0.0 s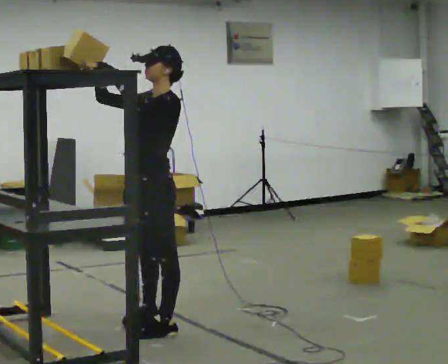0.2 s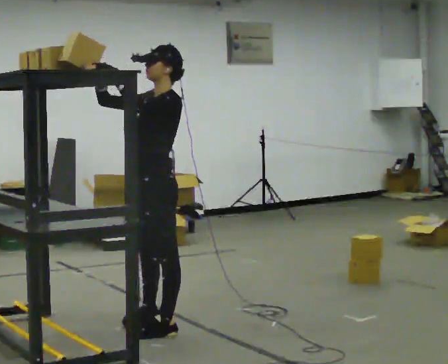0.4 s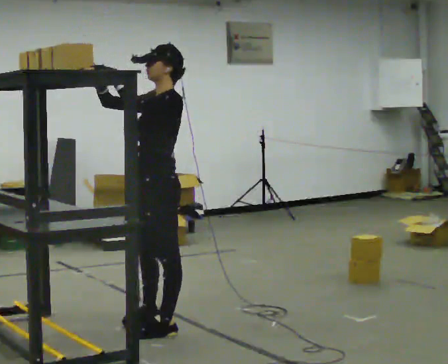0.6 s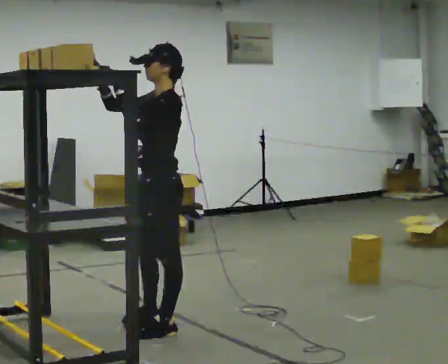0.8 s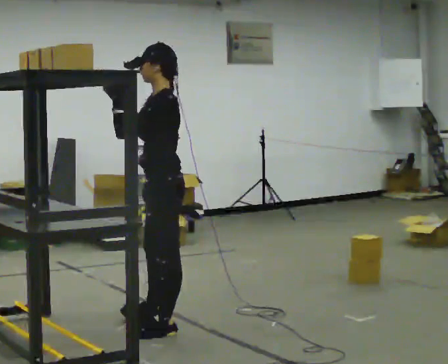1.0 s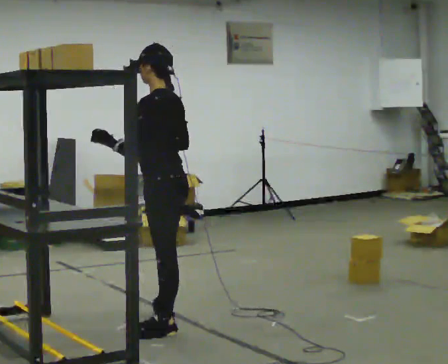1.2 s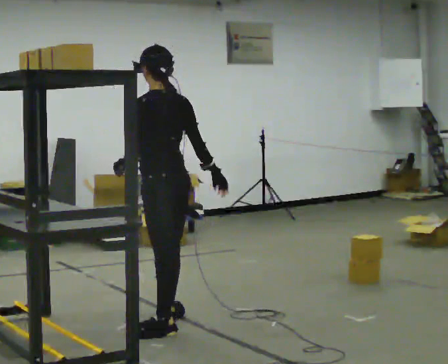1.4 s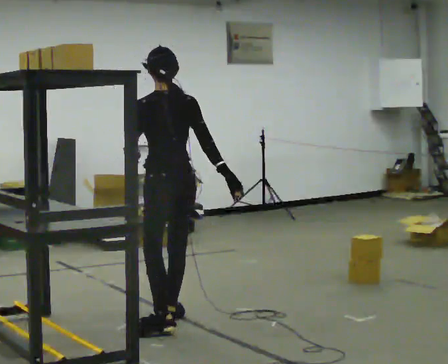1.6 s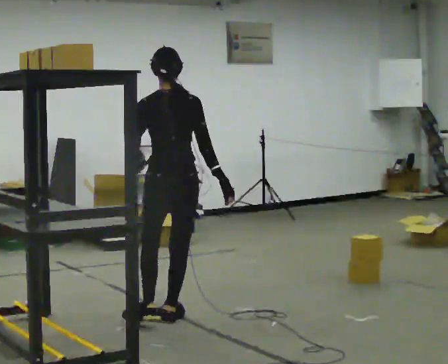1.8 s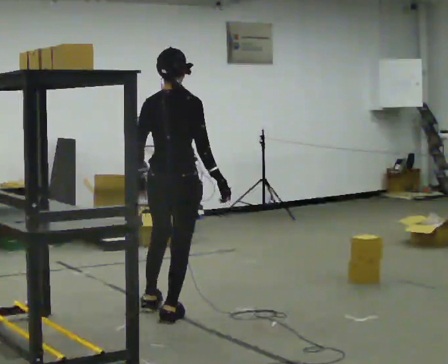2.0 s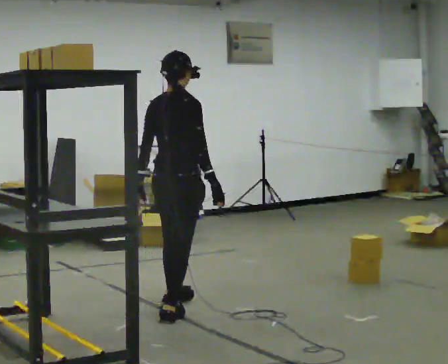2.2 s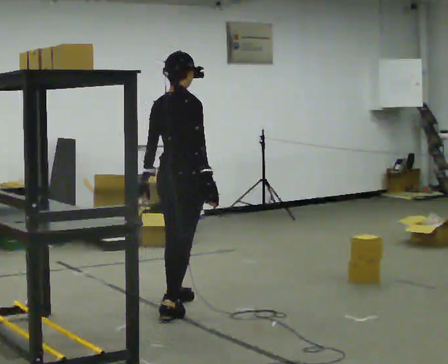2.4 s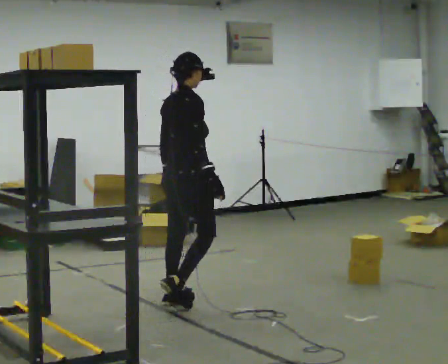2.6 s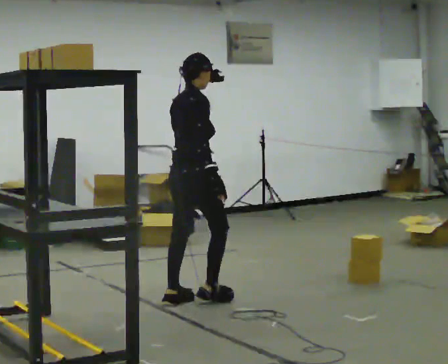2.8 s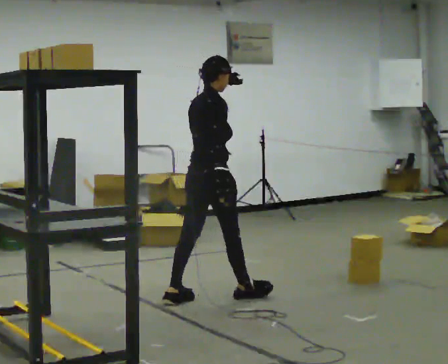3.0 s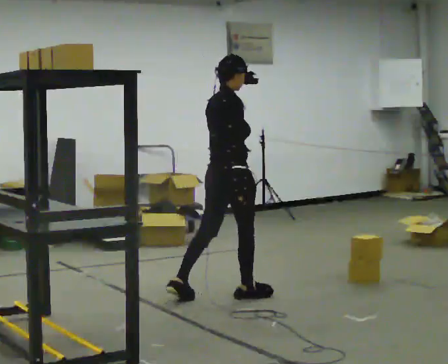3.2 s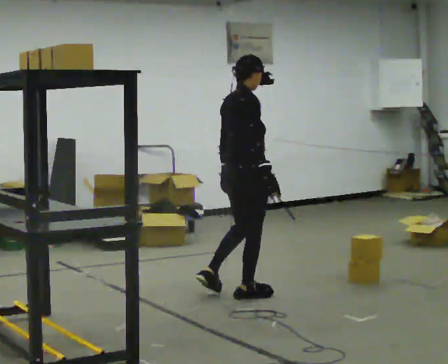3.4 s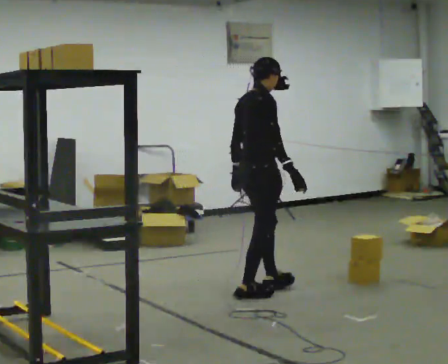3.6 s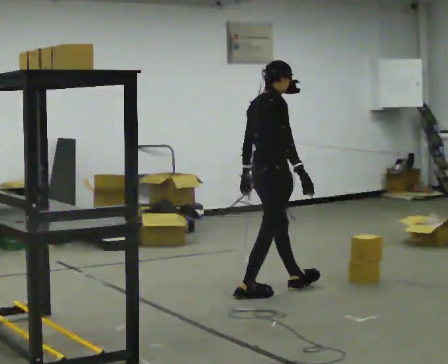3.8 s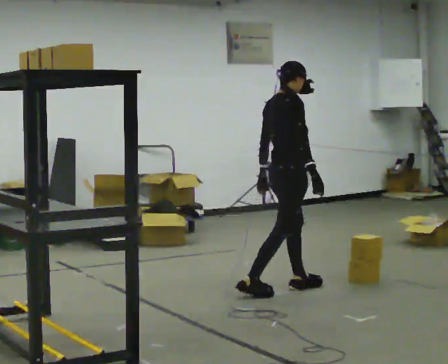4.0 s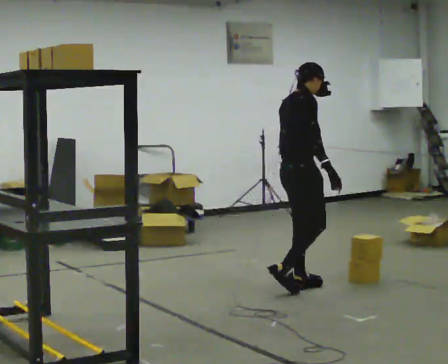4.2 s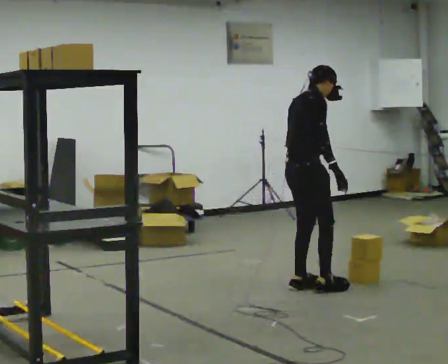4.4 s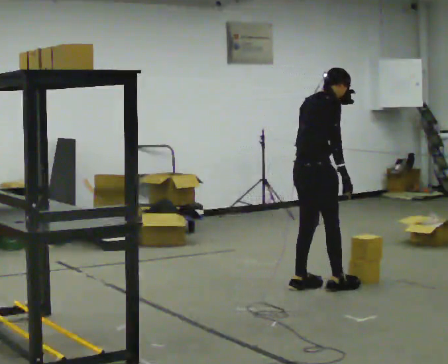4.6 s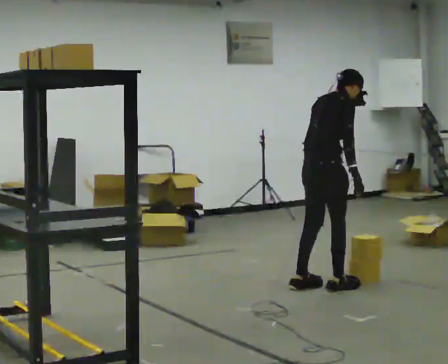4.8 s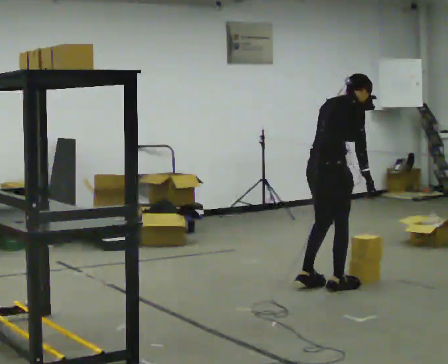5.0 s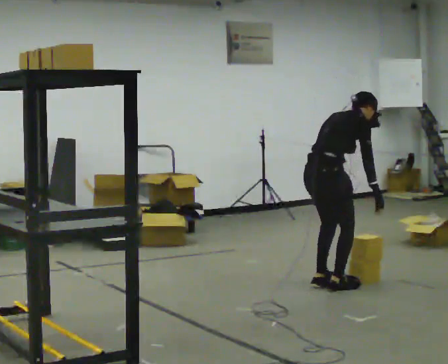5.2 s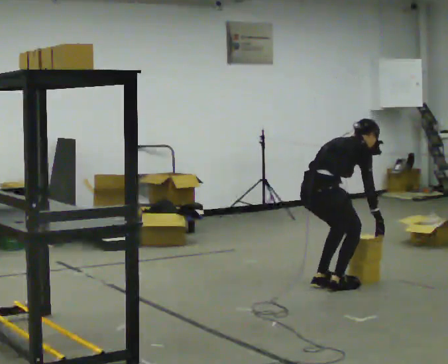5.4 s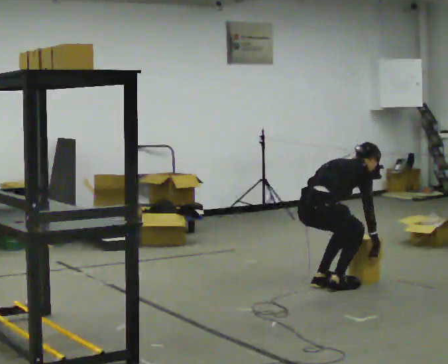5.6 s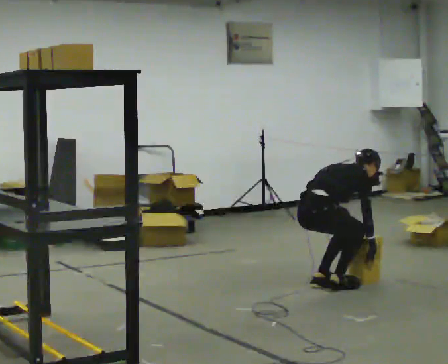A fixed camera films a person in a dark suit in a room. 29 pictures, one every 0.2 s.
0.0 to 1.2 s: Seen from above the body turns clockwise, about 75 degrees: to their right, with its near side sliding to the left. In the picture their right hand goes to the right and downward.
1.2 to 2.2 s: The person turns about 90 degrees to their right, clockwise seen from above, so the part of the body nearest the lens slides to the left. In the picture they go away from the camera, about 0.5 m in 1 step.
2.2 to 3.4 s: In the picture they go to the right and away from the camera, about 0.5 m in 1 step, which for them is forward.
3.4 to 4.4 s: In the picture they go to the right and away from the camera, about 0.5 m in 2 steps, which for them is forward.
4.4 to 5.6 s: The shoulders move downward. In the picture the upper body tilts clockwise, shoulders to the right, as they bend forward. In the picture their left hand goes downward.
The film runs forward here.
